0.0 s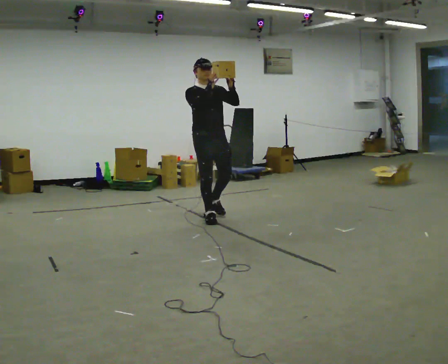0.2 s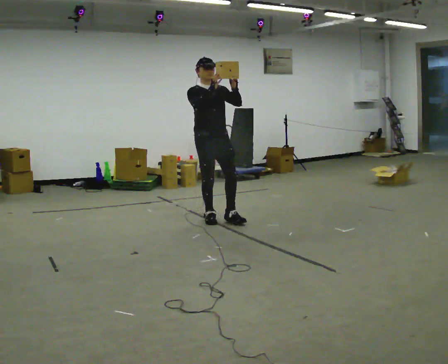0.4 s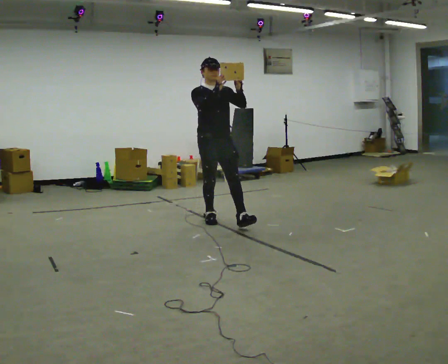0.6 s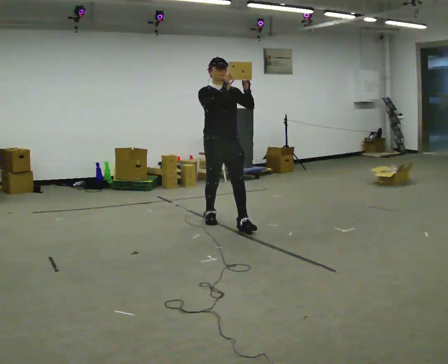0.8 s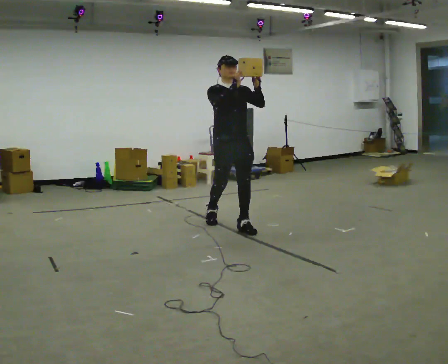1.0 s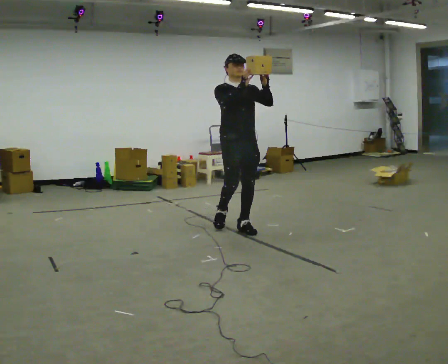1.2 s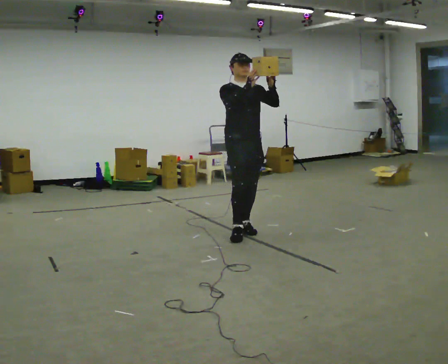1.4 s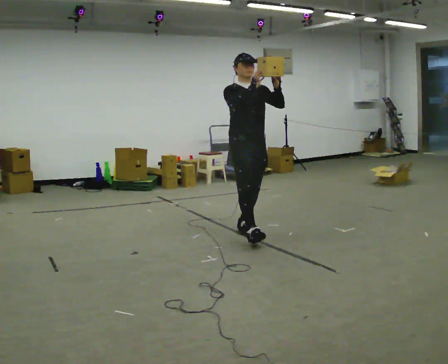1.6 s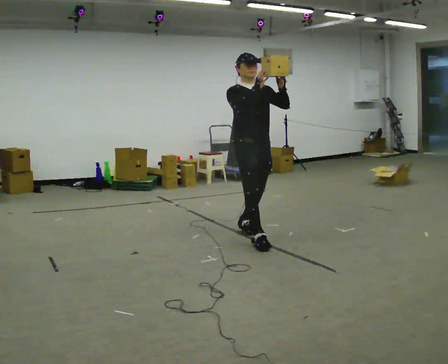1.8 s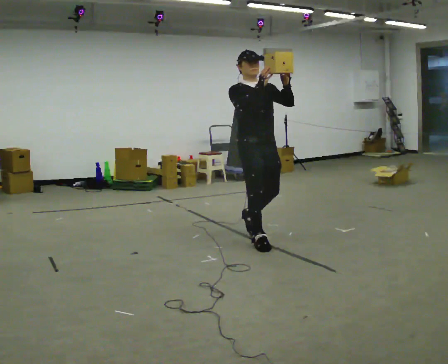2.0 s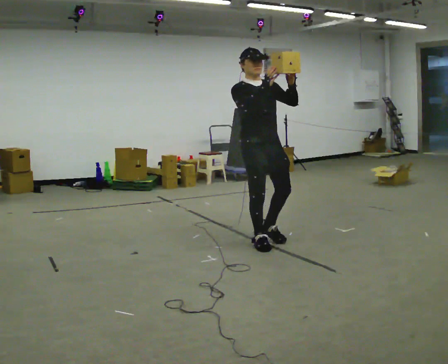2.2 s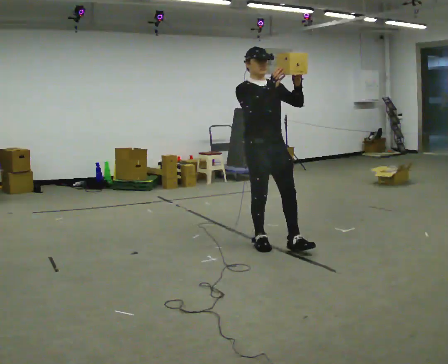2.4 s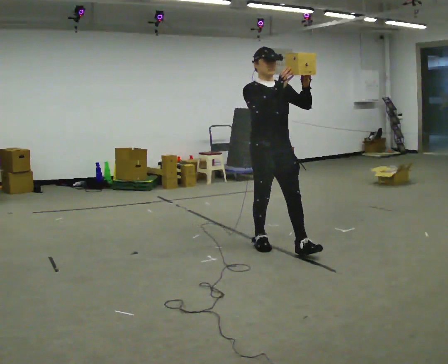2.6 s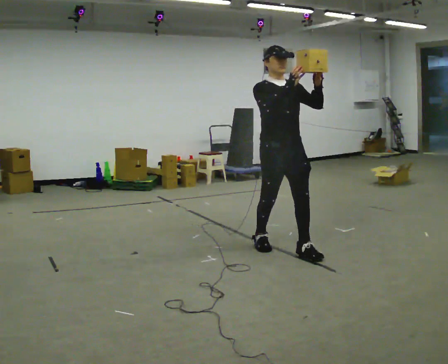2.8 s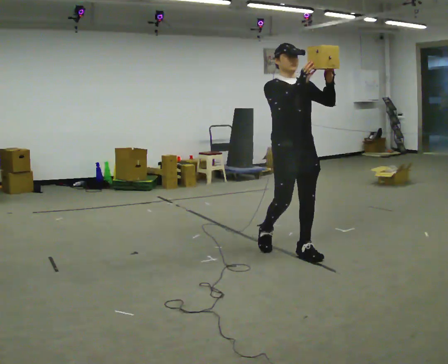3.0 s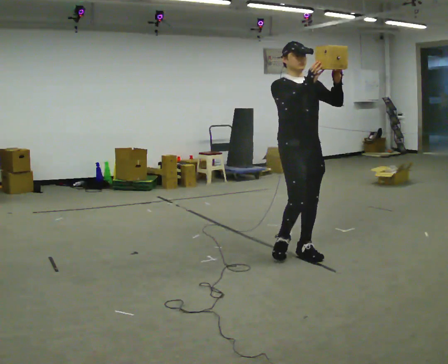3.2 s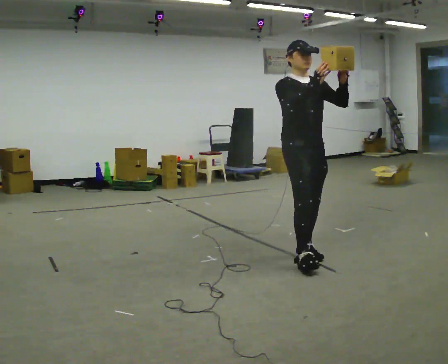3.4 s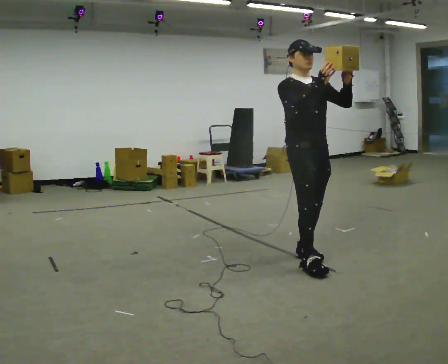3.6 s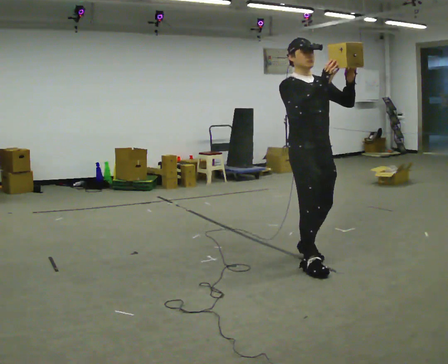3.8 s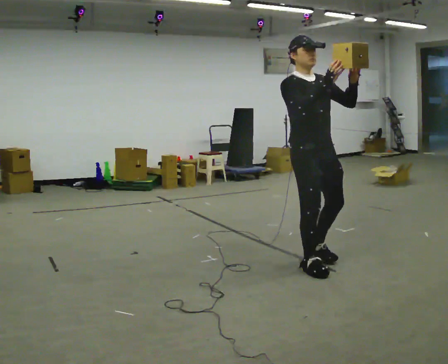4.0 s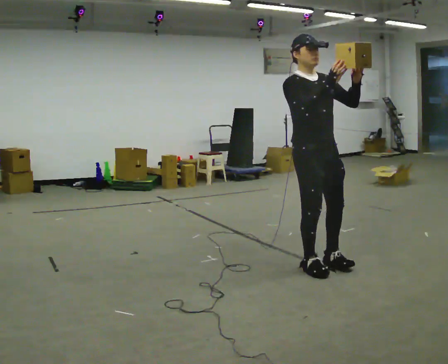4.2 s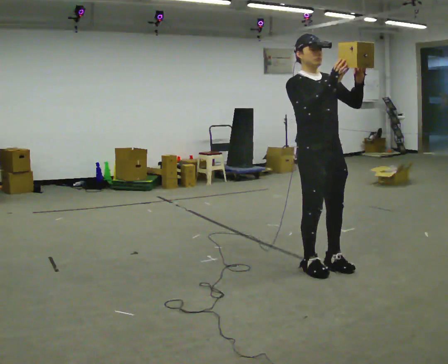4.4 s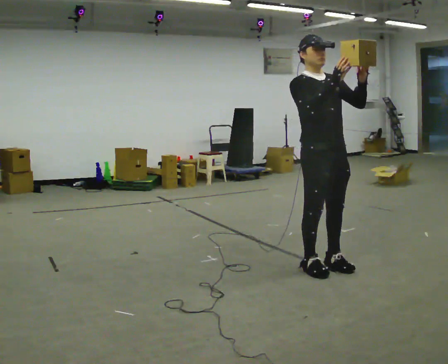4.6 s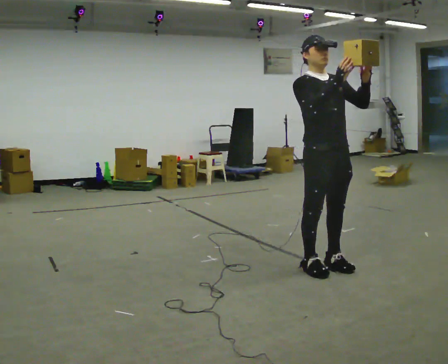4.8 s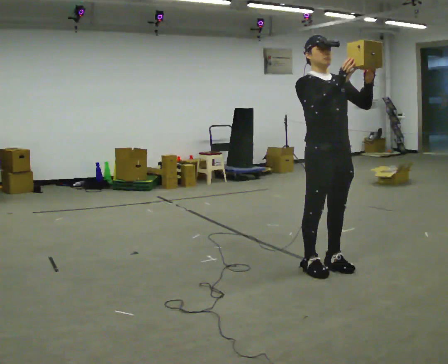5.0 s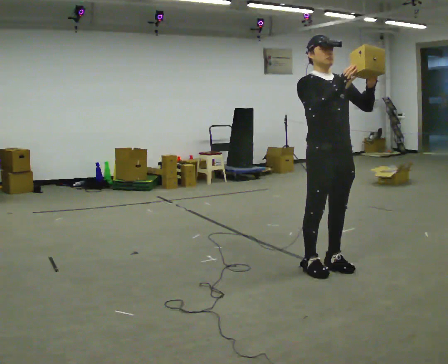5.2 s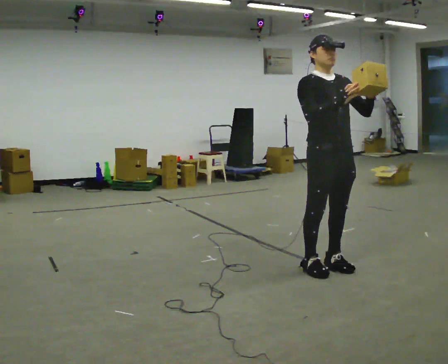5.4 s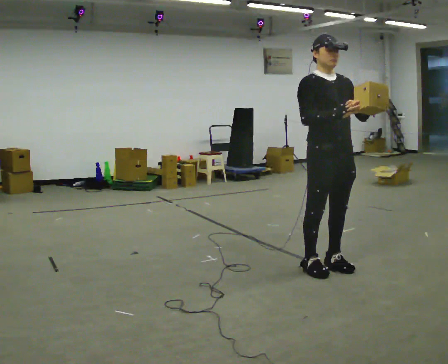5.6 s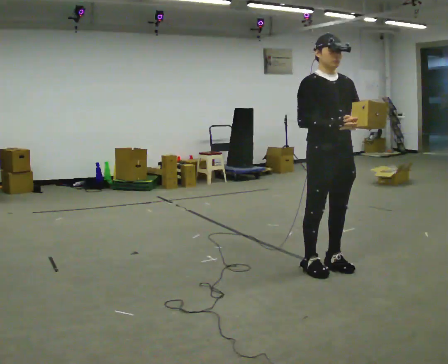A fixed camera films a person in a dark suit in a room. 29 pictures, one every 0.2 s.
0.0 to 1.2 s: In the picture they go toward the camera and to the right, about 0.5 m in 1 step, which for them is forward.
1.2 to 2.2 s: In the picture they go toward the camera and to the right, about 0.5 m in 2 steps, which for them is forward.
2.2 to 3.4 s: In the picture they go toward the camera and to the right, about 0.5 m in 1 step, which for them is forward.
3.4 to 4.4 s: The person moves a little, or ends about where they began.
4.4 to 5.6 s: In the picture their right hand goes downward.
The film runs forward here.
